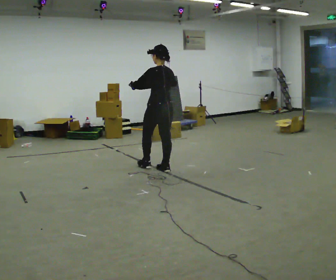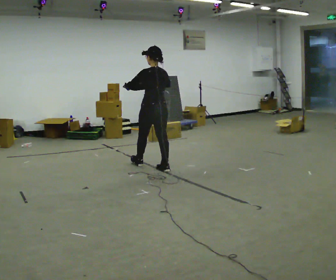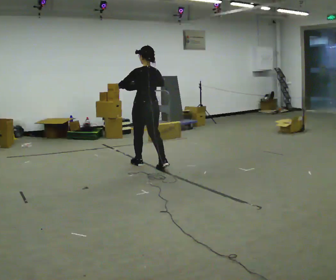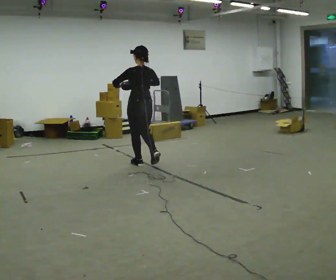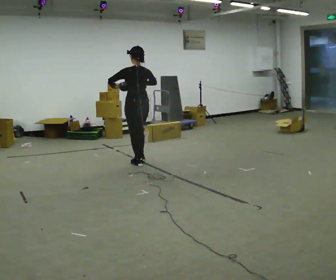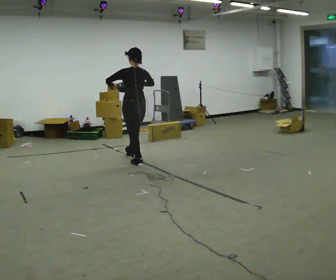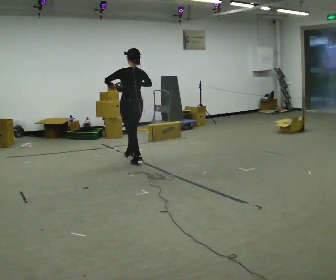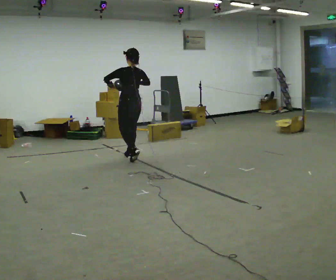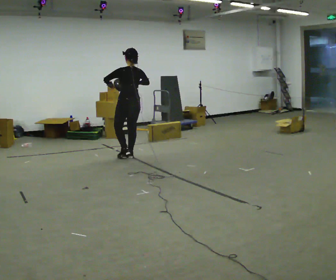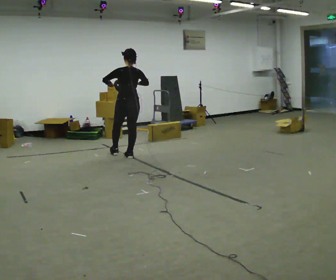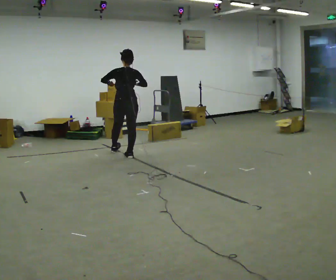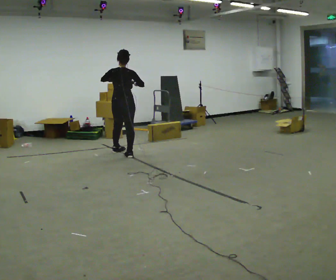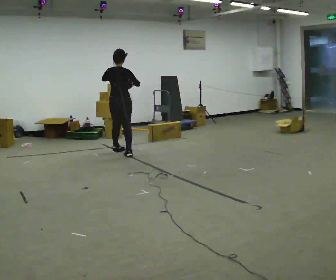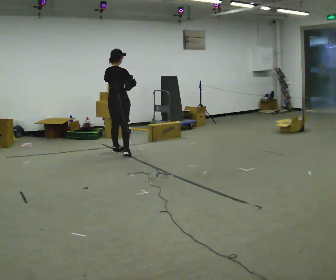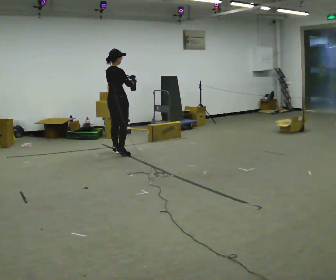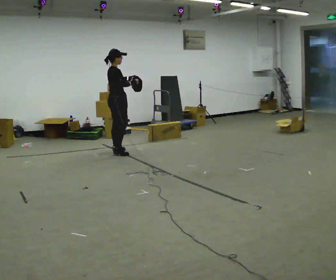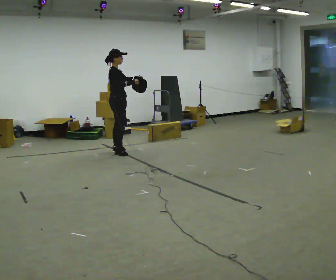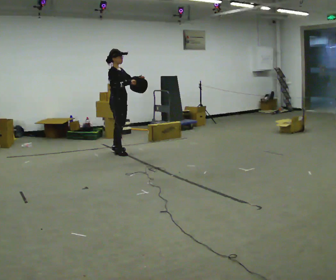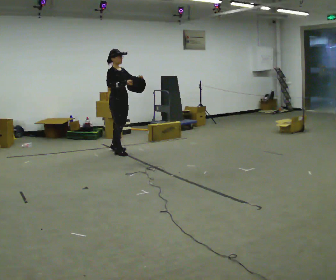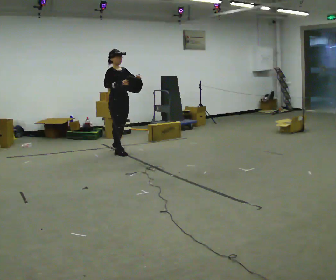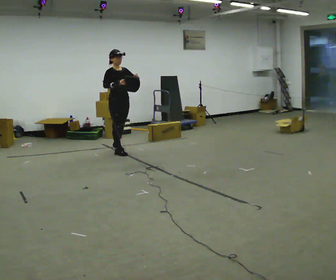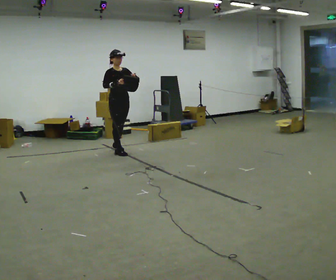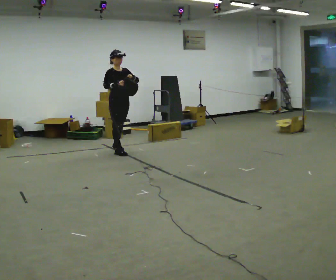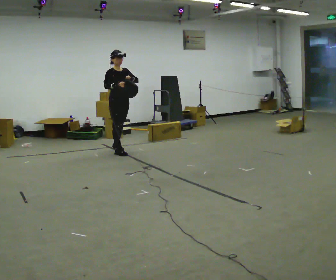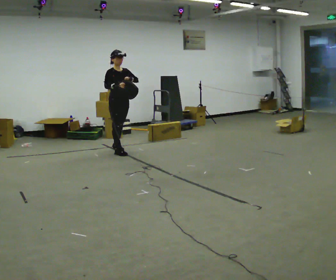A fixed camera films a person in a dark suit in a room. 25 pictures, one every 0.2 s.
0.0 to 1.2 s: In the picture they go away from the camera and to the left, about 0.75 m in 2 steps, which for them is forward.
1.2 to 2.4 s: The part of the body nearest the lens slides to the left as the person turns to their right by about 60 degrees. In the picture they go away from the camera and to the left, about 0.5 m in 1 step, which for them is forward.
2.4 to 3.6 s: Seen from above the body turns clockwise, about 105 degrees: to their right, with its near side sliding to the left. In the picture their left hand goes to the right.
3.6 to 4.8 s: The person moves a little, or ends about where they began.
The film runs forward here.
